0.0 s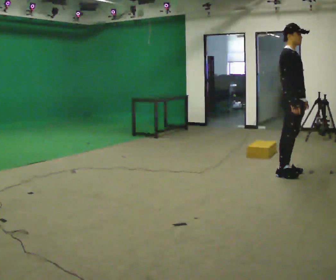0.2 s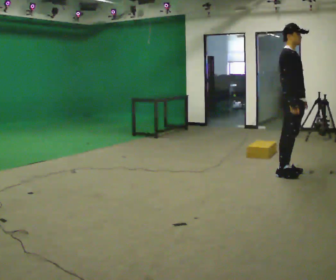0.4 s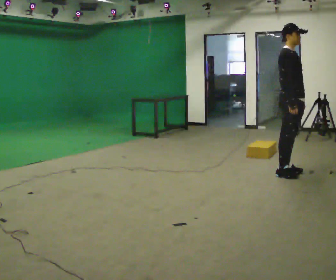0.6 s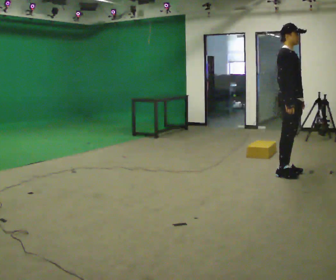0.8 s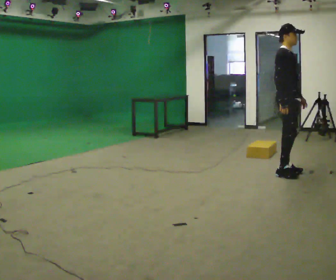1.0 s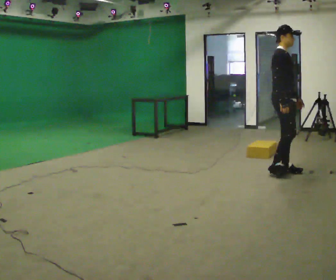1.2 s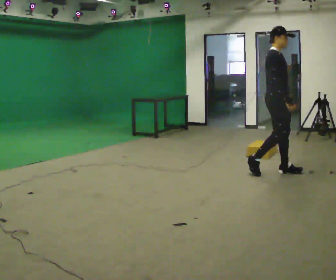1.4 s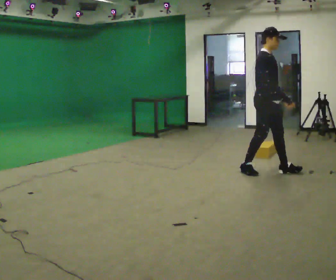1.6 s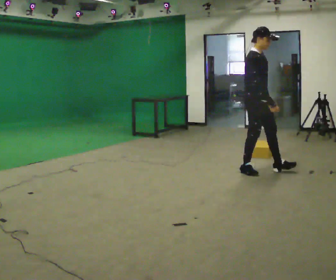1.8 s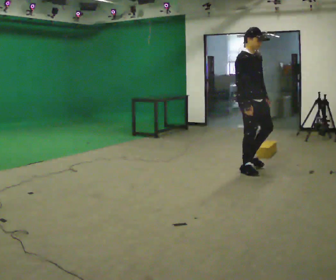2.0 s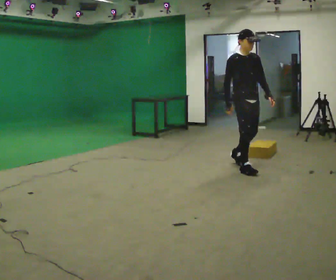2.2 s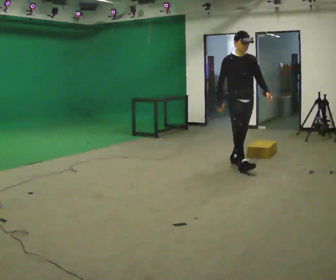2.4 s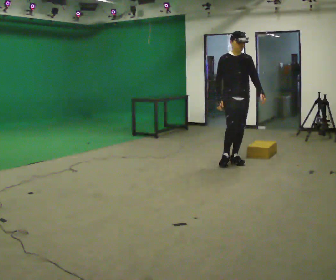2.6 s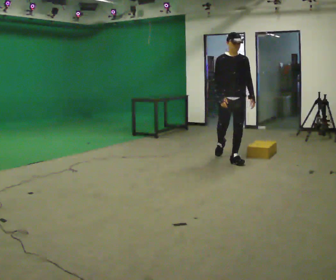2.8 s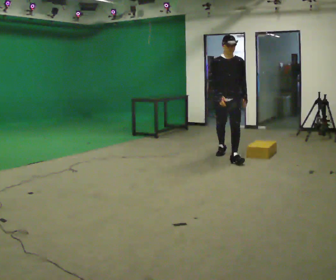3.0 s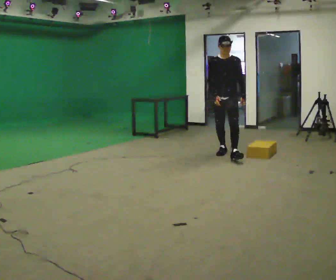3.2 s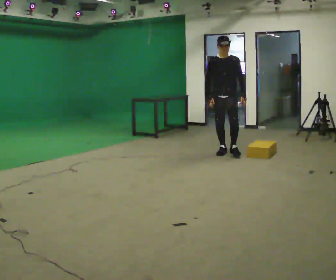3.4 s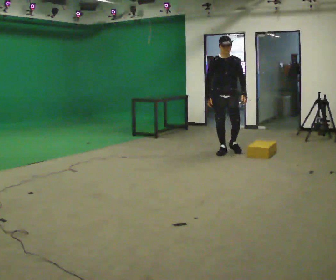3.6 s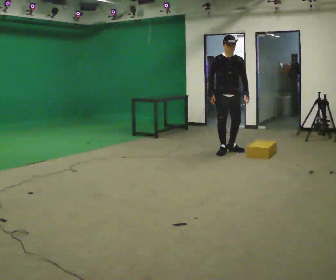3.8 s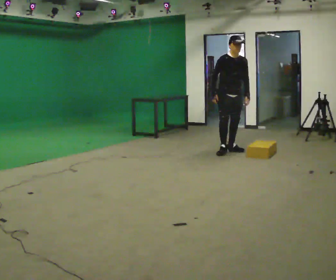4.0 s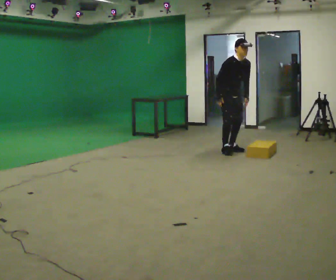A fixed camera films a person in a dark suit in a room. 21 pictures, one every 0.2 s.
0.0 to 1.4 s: In the picture they go to the left, about 0.25 m in 1 step, which for them is backward.
1.4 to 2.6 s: Seen from above the body turns clockwise, about 60 degrees: to their right, with its near side sliding to the left. In the picture they go away from the camera and to the left, about 1 m in 2 steps, which for them is backward.
2.6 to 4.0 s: The part of the body nearest the lens slides to the right as the person turns to their left by about 30 degrees. In the picture they go away from the camera, about 0.5 m in 1 step, which for them is backward. In the picture the upper body tilts clockwise, shoulders to the right, as they bend forward.
The film runs backward here.
